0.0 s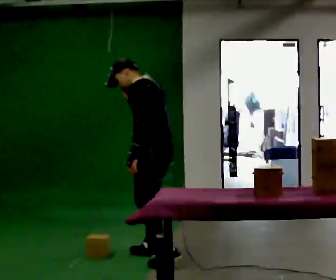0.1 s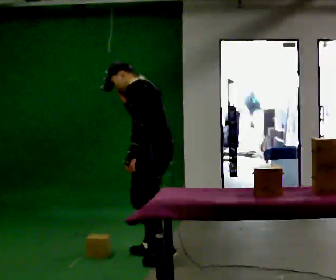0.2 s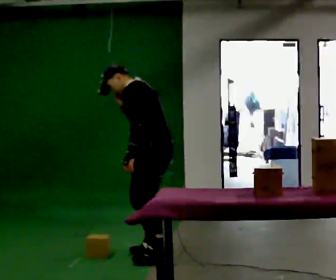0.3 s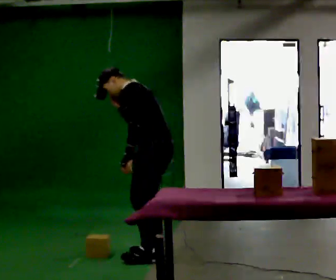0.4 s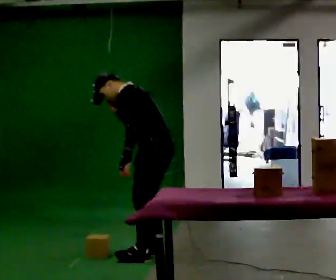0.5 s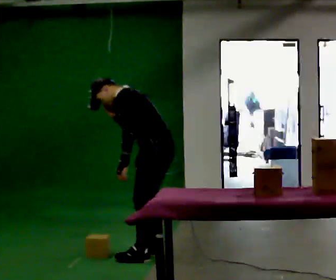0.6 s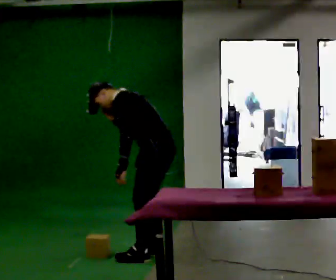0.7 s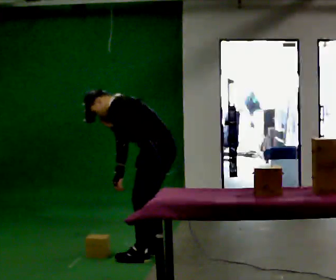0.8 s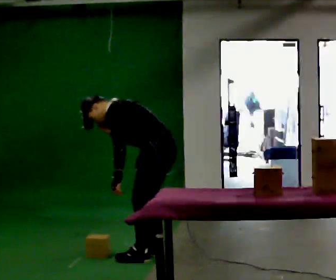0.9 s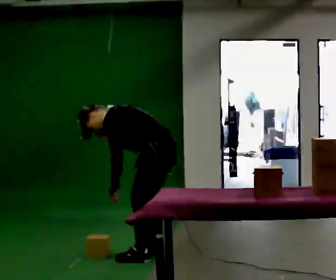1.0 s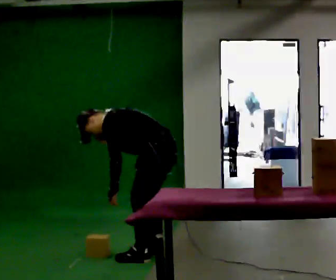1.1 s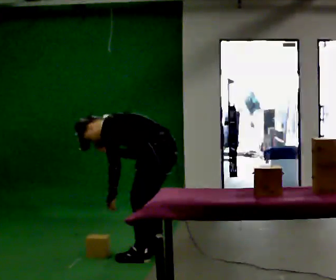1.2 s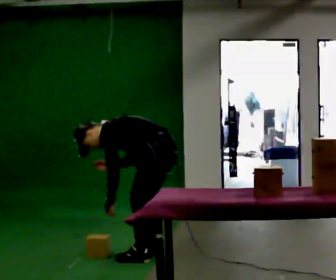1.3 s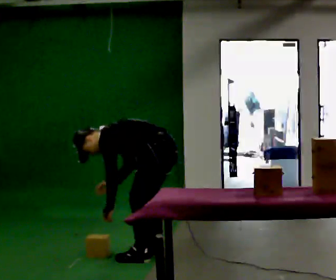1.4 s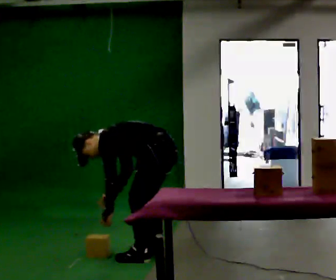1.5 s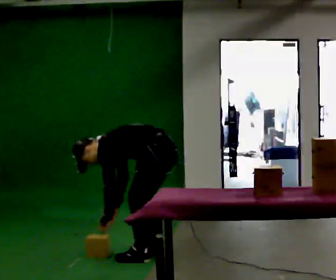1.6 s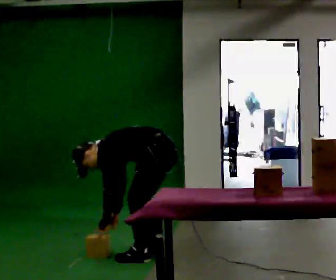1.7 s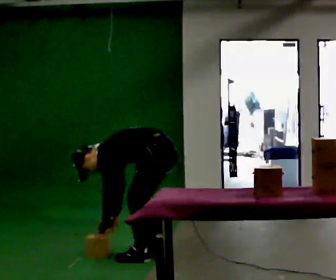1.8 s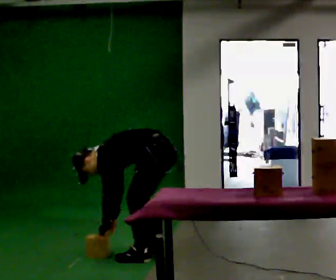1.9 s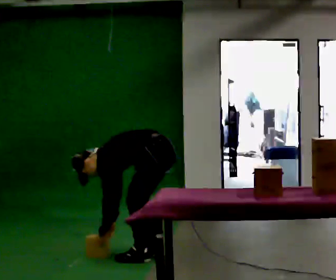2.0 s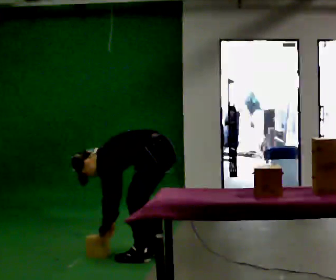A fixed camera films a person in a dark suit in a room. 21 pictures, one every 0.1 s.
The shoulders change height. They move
downward.
Their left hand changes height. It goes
downward.
0.0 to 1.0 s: The shoulders move downward. In the picture the upper body tilts counterclockwise, shoulders to the left, as they bend forward. In the picture their right hand goes downward.
1.0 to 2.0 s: The shoulders move downward. The upper body tips away from the camera, its near side rolling upward, as they bend forward. In the picture their right hand goes downward.
The film runs forward here.
